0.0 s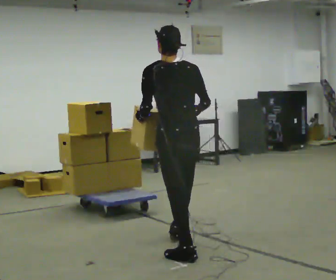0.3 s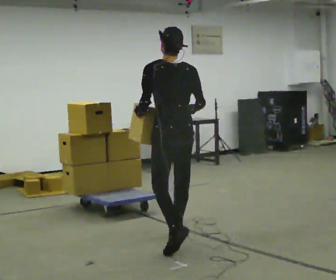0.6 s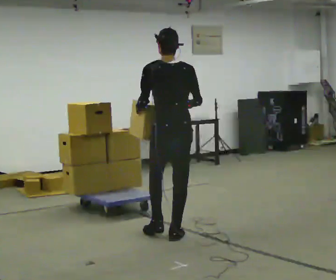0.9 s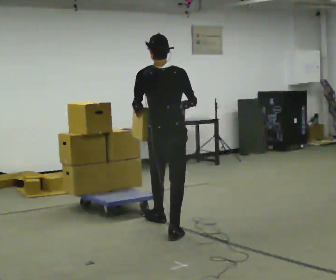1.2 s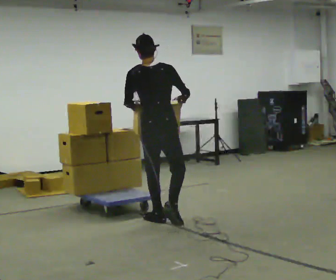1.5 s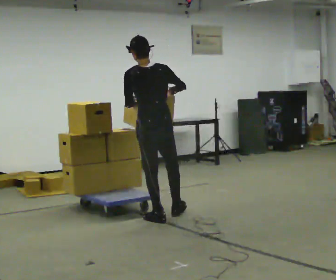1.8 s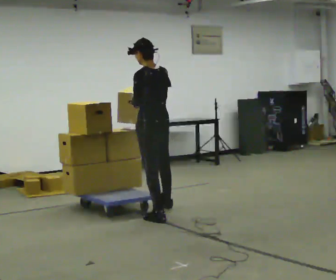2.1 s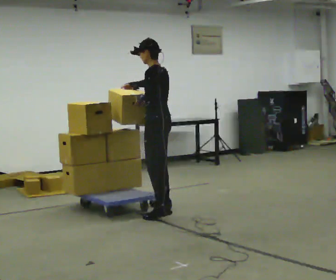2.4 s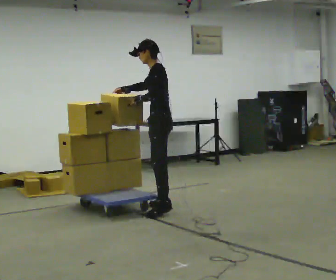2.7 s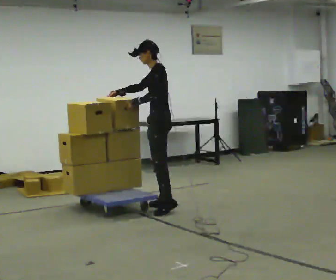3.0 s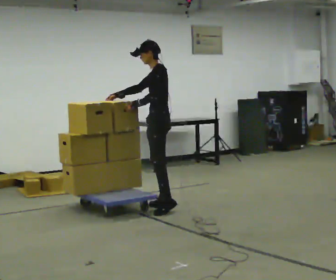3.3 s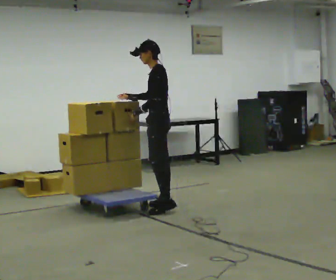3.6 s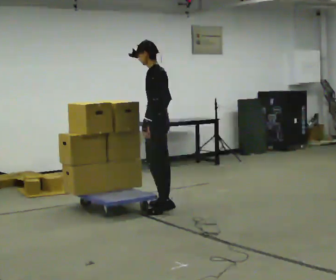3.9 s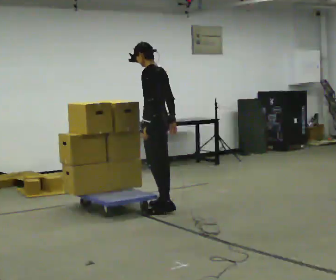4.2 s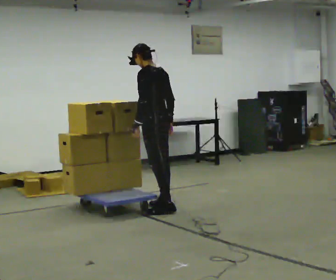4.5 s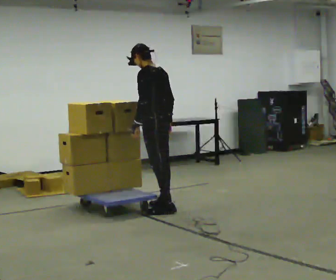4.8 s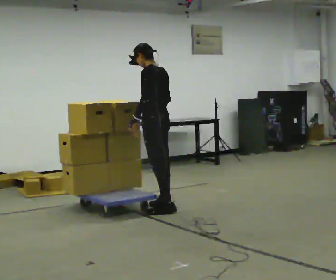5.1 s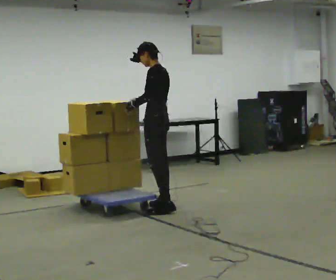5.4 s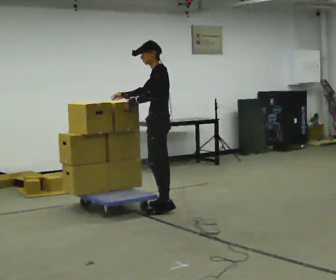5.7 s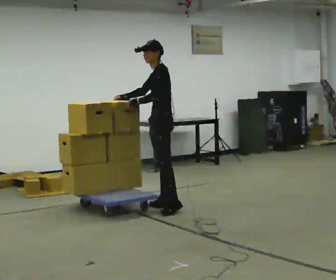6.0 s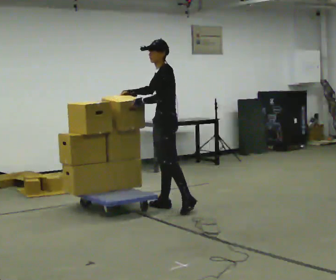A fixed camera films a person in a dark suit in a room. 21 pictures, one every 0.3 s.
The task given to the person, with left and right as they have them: Load the boxes onto the cart one at a time, then take them all off again. The cart stays where it is. Keep going until the operator says stop; one object at a time, and do not rush between trips.
0.0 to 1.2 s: In the picture they go away from the camera, about 1 m in 2 steps, which for them is forward.
1.2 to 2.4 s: Seen from above the body turns counterclockwise, about 90 degrees: to their left, with its near side sliding to the right. In the picture they go away from the camera, about 0.75 m in 1 step.
2.4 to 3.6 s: In the picture their right hand goes to the right, the arm swinging counterclockwise.
3.6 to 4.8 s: The person moves a little, or ends about where they began.
4.8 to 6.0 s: The person turns about 45 degrees to their left, counterclockwise seen from above, so the part of the body nearest the lens slides to the right.
The film runs forward here.
